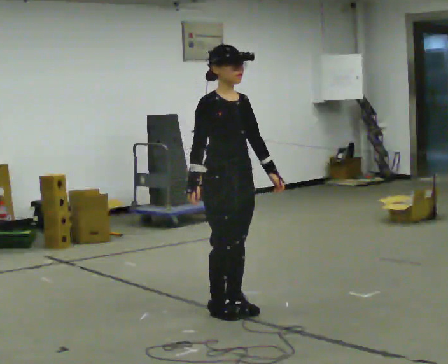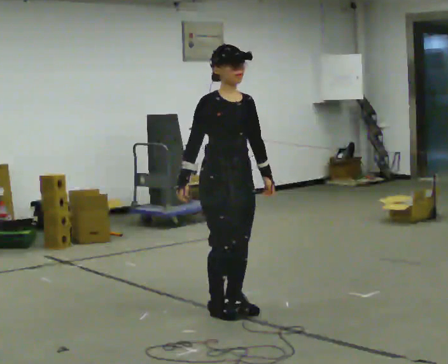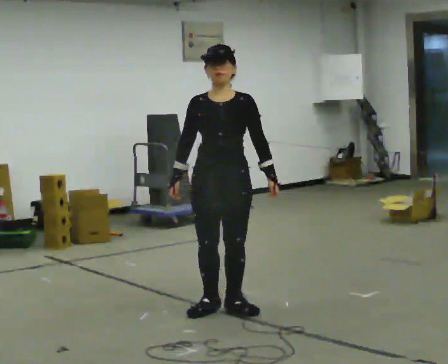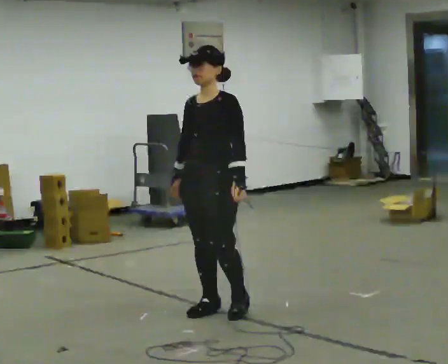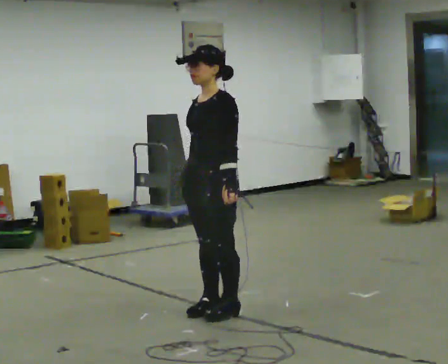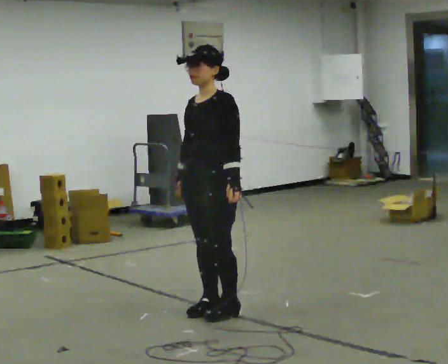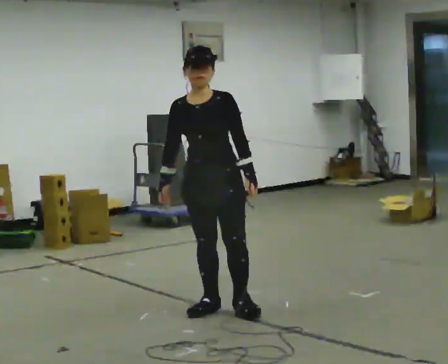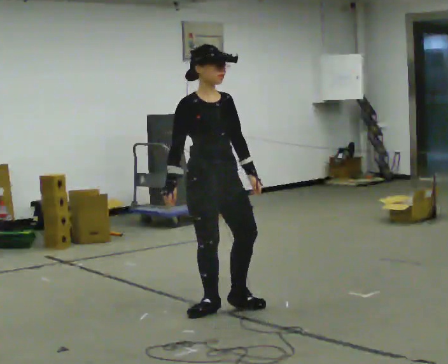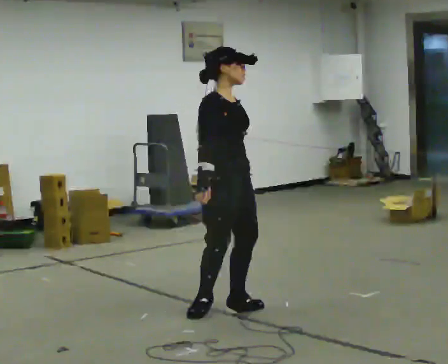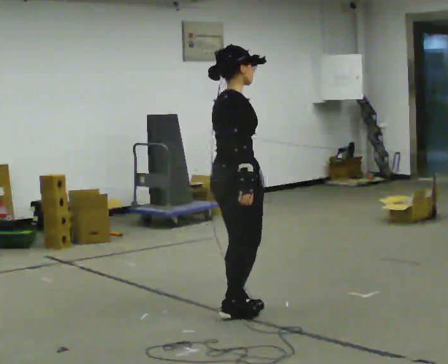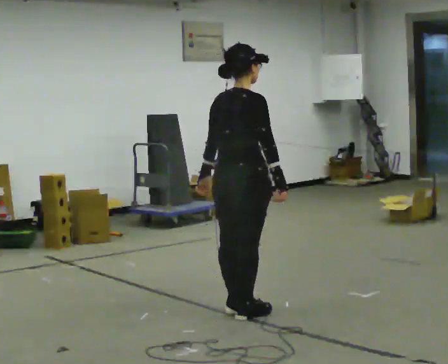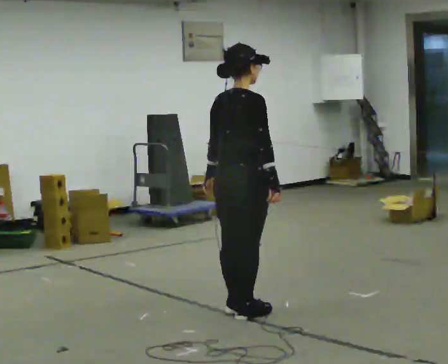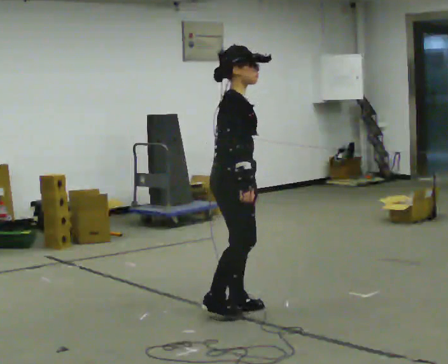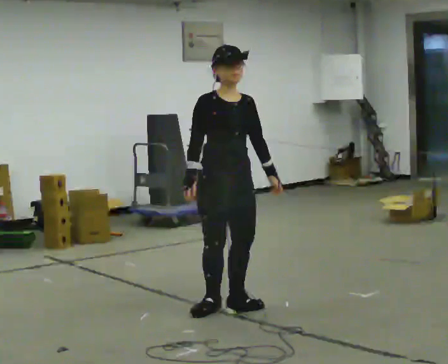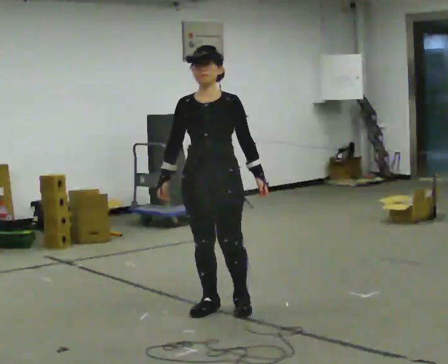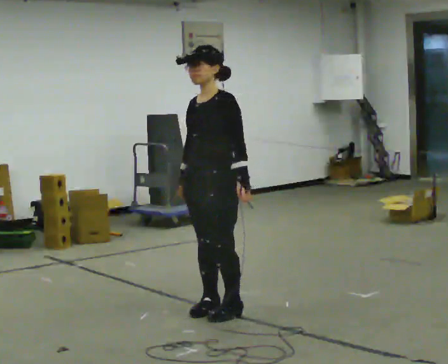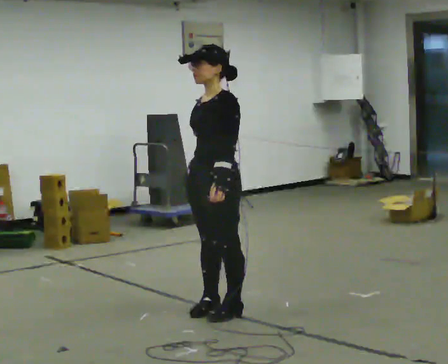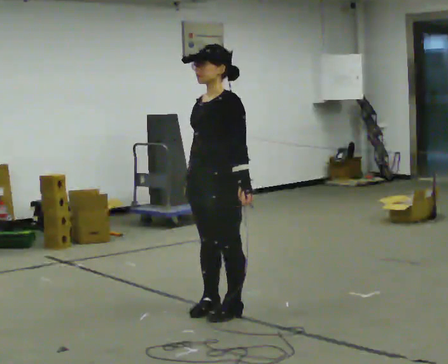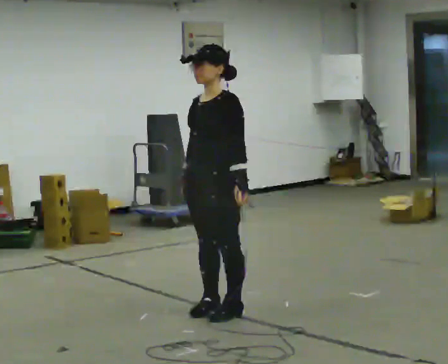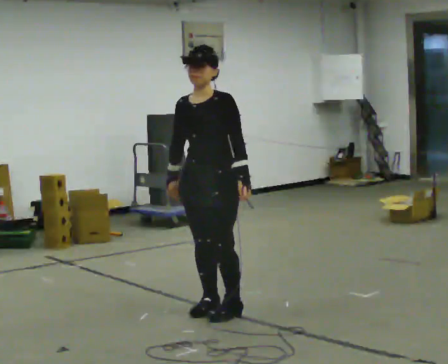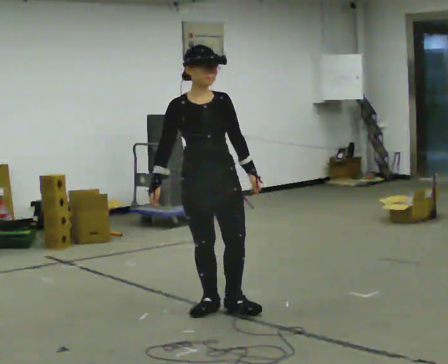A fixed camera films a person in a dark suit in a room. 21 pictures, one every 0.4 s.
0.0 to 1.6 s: Seen from above the body turns clockwise, about 105 degrees: to their right, with its near side sliding to the left.
1.6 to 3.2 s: The person turns about 105 degrees to their left, counterclockwise seen from above, so the part of the body nearest the lens slides to the right.
3.2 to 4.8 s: The person turns about 30 degrees to their left, counterclockwise seen from above, so the part of the body nearest the lens slides to the right.
4.8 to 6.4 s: The person turns about 150 degrees to their right, clockwise seen from above, so the part of the body nearest the lens slides to the left.
6.4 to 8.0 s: Seen from above the body turns counterclockwise, about 75 degrees: to their left, with its near side sliding to the right.
The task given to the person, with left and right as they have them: Turn on the spot to face the direction the operator calls, then stand still. The operator will call 90, 180 and 360 degrees and left or right.
The film runs forward here.
